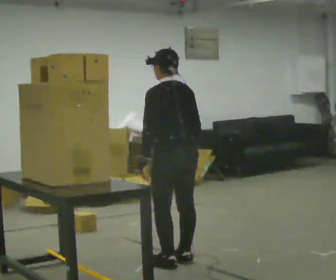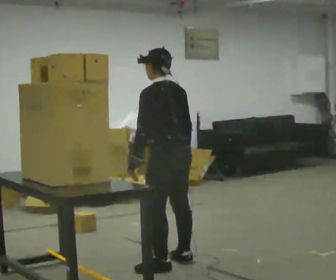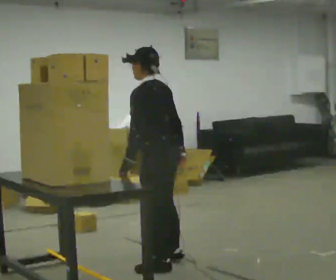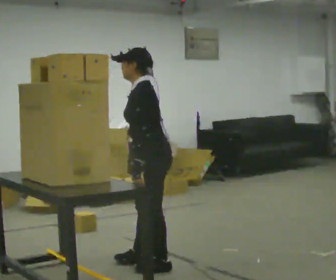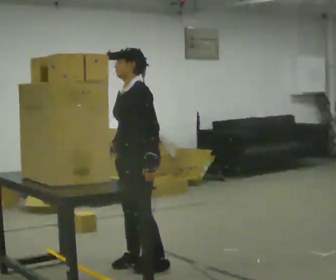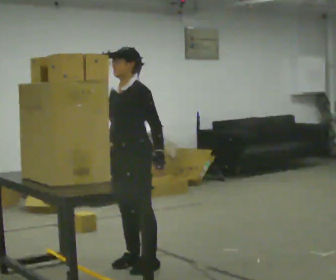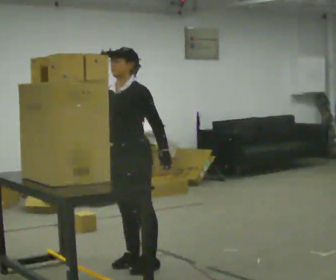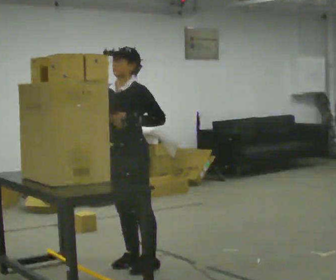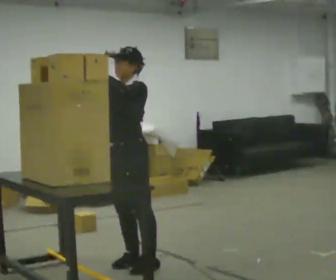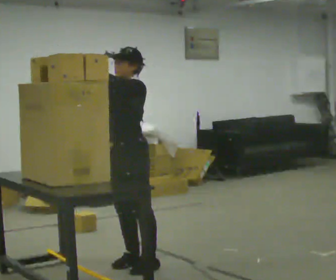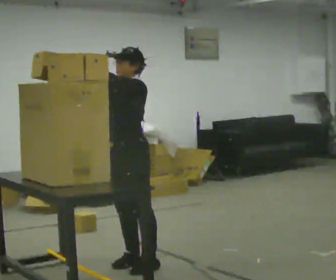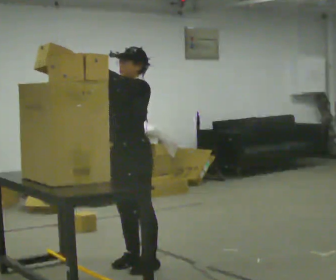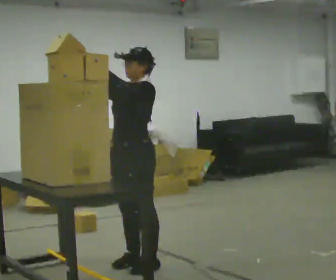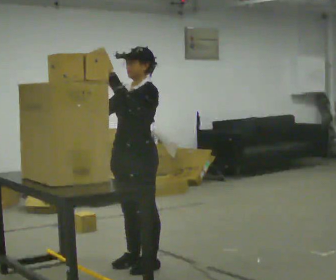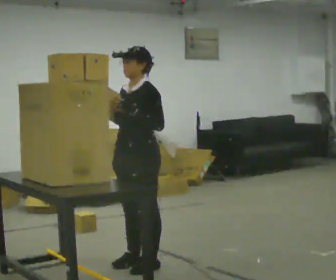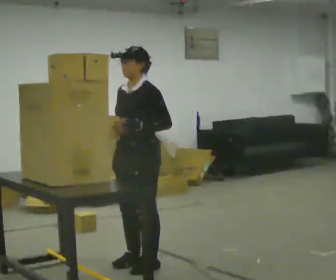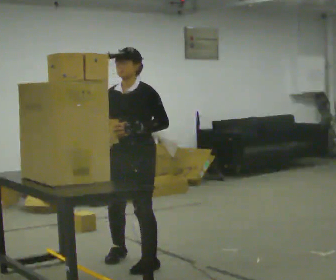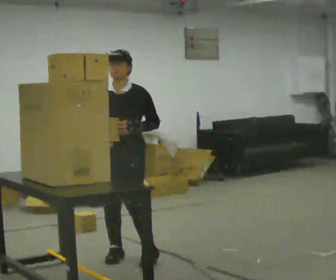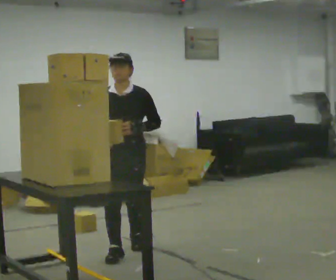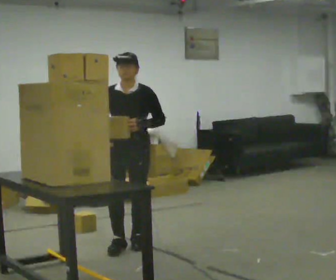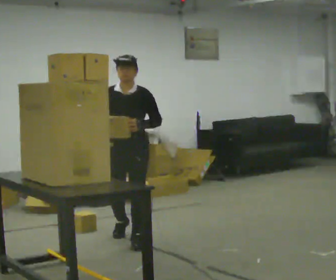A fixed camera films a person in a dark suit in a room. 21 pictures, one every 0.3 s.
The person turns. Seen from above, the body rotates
counterclockwise.
The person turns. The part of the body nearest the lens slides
to the right.
0.0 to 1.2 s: Seen from above the body turns counterclockwise, about 75 degrees: to their left, with its near side sliding to the right. In the picture they go to the left, about 0.25 m in 1 step.
1.2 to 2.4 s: Seen from above the body turns counterclockwise, about 30 degrees: to their left, with its near side sliding to the right. In the picture their right hand goes upward and to the left, the arm swinging clockwise.
2.4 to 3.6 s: The person moves a little, or ends about where they began.
3.6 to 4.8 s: In the picture their left hand goes downward.
4.8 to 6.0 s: The person turns about 30 degrees to their left, counterclockwise seen from above, so the part of the body nearest the lens slides to the right. In the picture they go away from the camera, about 0.75 m in 2 steps, which for them is backward.
The film runs backward here.
